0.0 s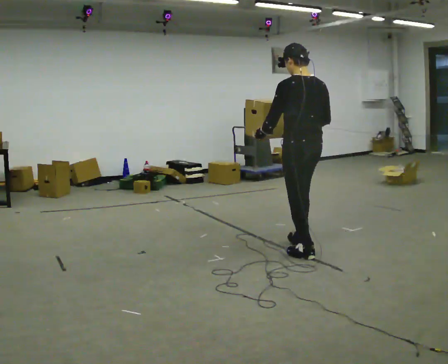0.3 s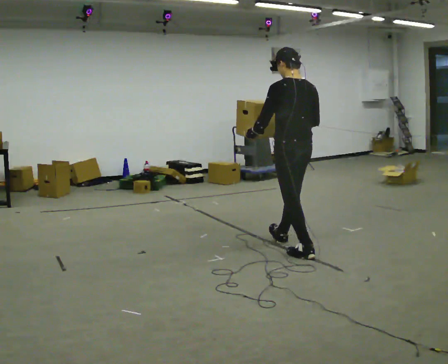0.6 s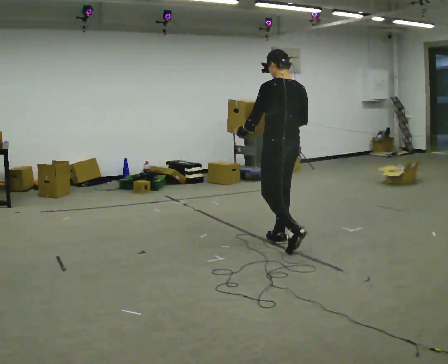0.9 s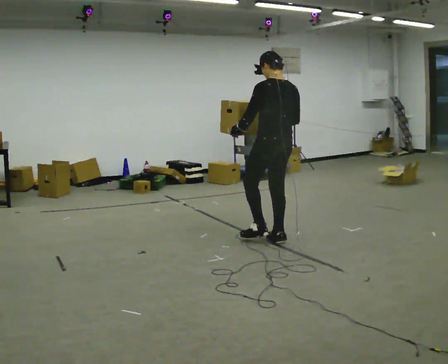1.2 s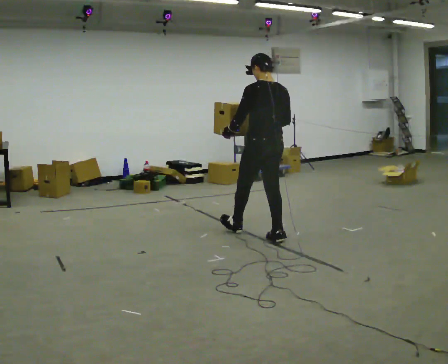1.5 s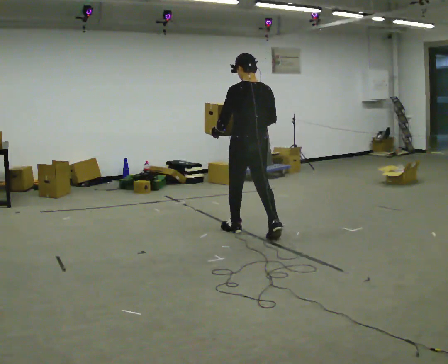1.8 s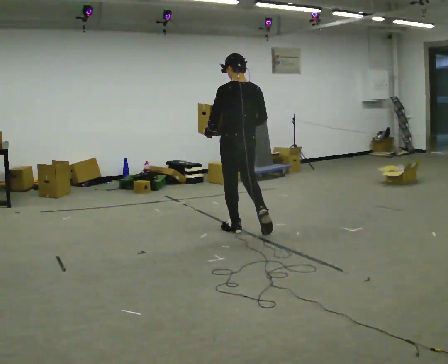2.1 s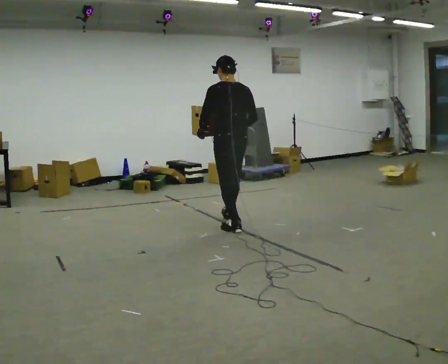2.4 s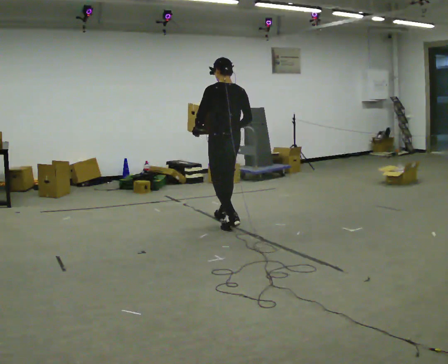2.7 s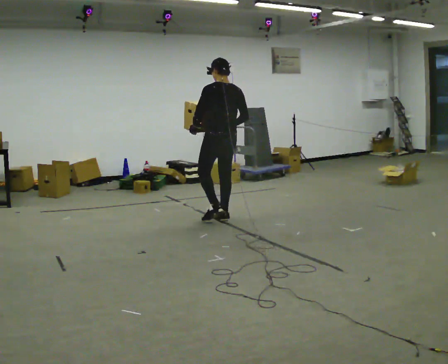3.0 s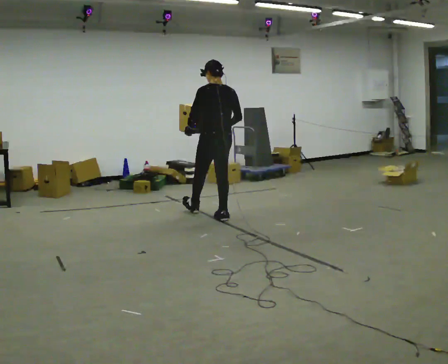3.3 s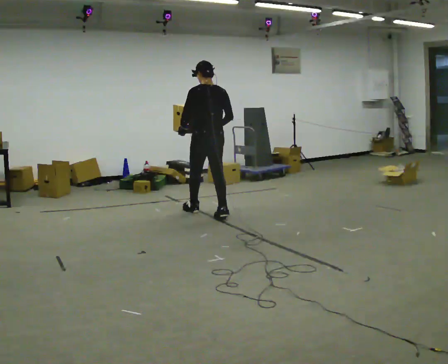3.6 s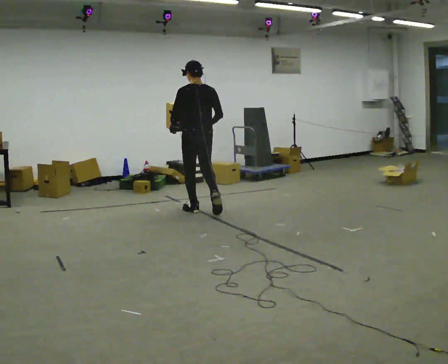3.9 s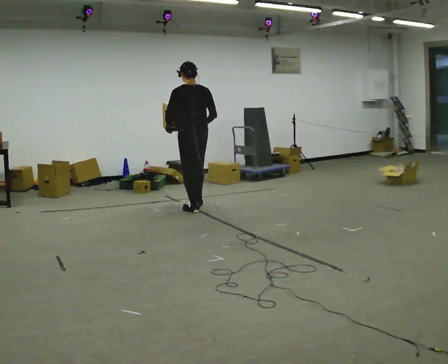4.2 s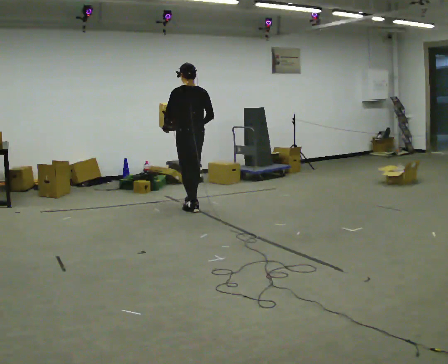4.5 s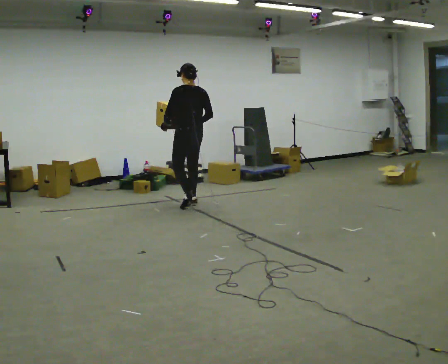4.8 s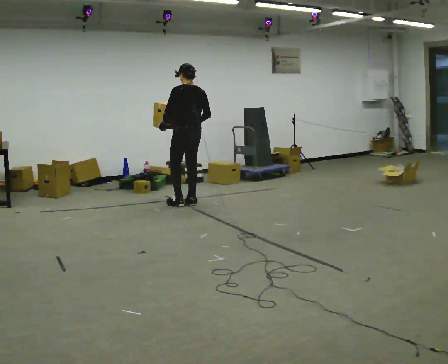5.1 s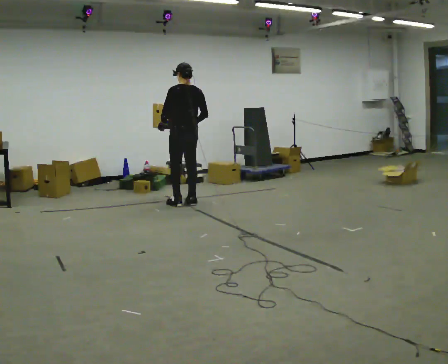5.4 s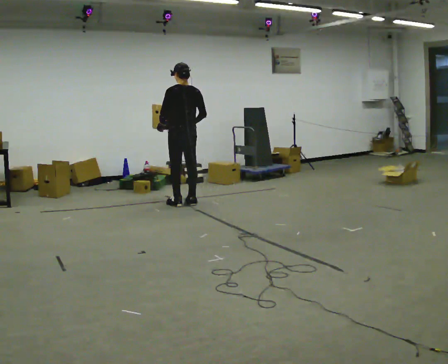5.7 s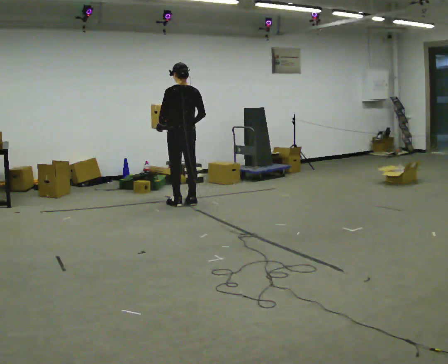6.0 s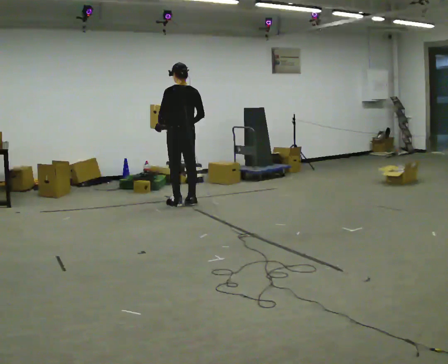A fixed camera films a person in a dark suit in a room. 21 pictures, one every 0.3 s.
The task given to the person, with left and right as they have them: Carry the heaviest box in both hands in front of you, walking back and forth across the room. Only carry what is comfortable. Set it down whenever you need to.
0.0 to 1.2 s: In the picture they go away from the camera and to the left, about 0.5 m in 2 steps, which for them is forward.
1.2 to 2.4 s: In the picture they go away from the camera and to the left, about 0.75 m in 1 step, which for them is forward.
2.4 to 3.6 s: In the picture they go away from the camera and to the left, about 0.5 m in 1 step, which for them is forward.
3.6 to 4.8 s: In the picture they go away from the camera, about 0.25 m in 2 steps, which for them is forward.
4.8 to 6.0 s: The person moves a little, or ends about where they began.
The film runs forward here.
